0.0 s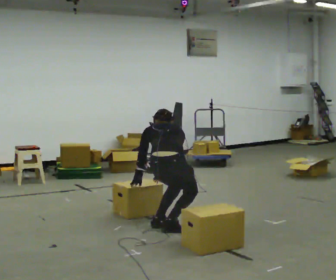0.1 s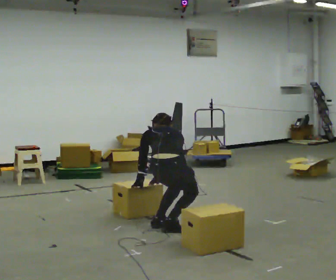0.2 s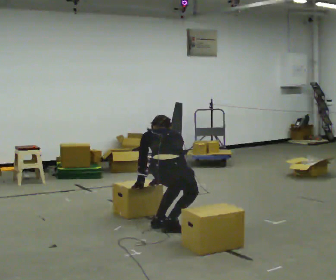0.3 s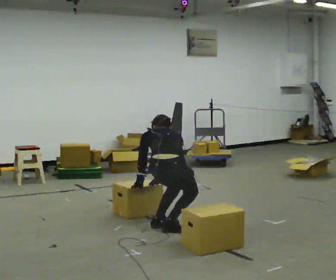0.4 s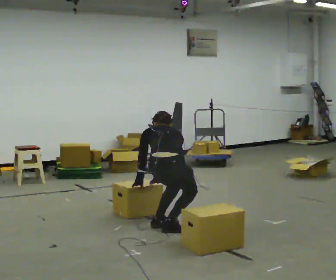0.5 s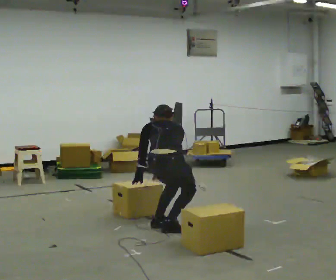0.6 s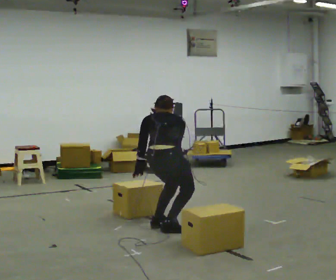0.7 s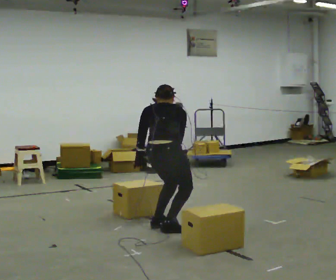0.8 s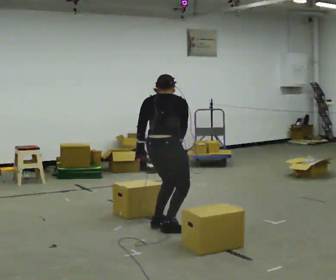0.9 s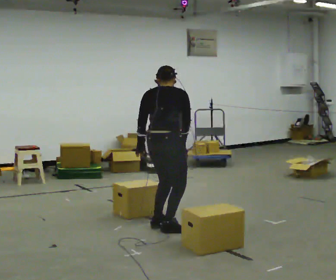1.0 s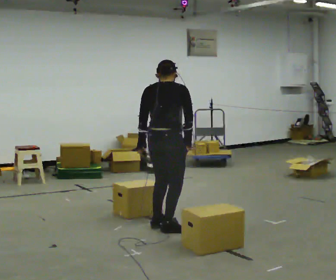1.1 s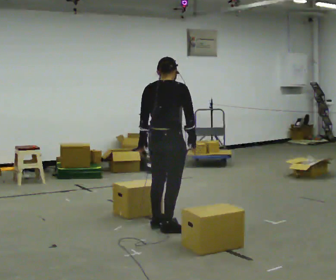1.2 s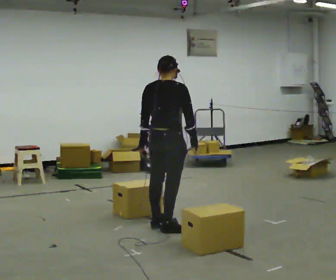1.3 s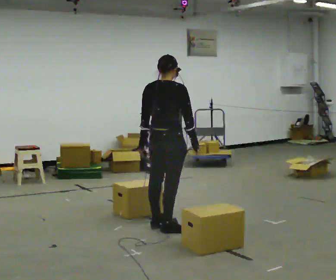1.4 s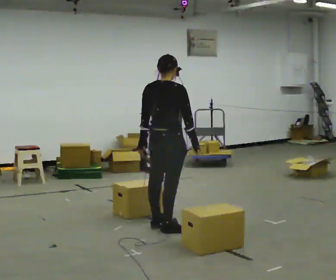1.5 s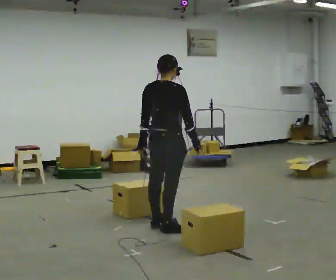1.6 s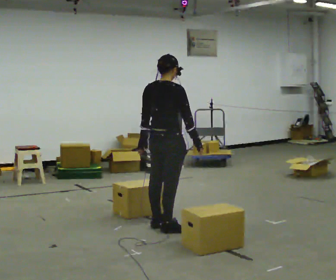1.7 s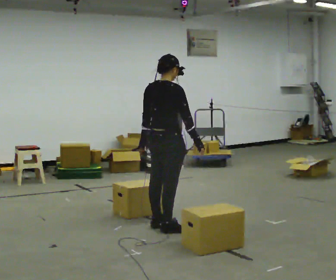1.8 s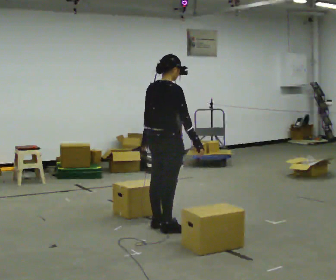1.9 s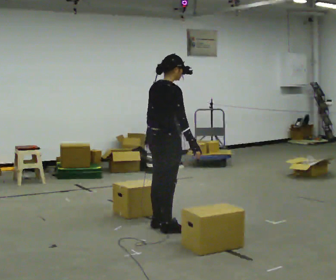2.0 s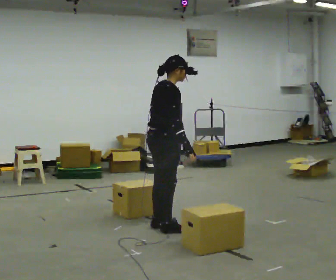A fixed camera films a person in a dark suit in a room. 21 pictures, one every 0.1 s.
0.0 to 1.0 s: The upper body goes upward. The upper body tips toward the camera, its near side rolling downward, as they lean back or straighten. In the picture their right hand goes upward.
1.0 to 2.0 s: The part of the body nearest the lens slides to the left as the person turns to their right by about 45 degrees.
The film runs backward here.
